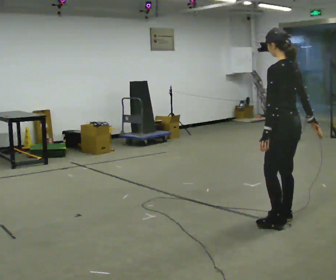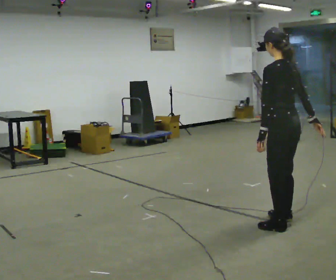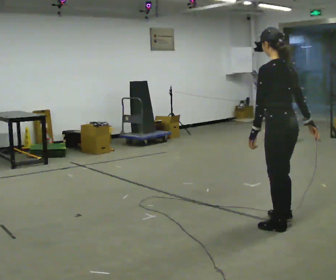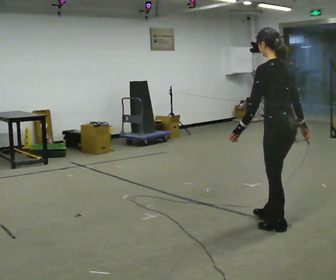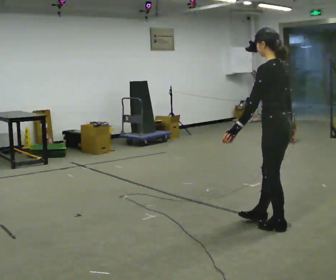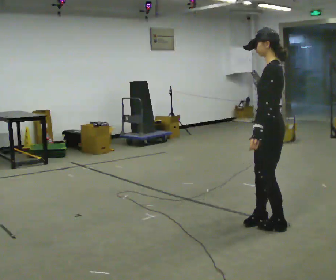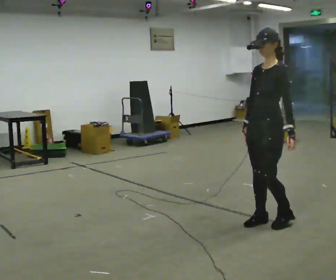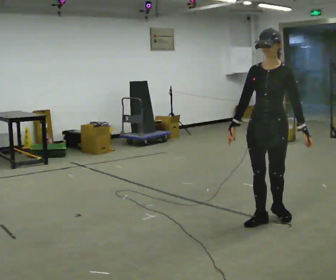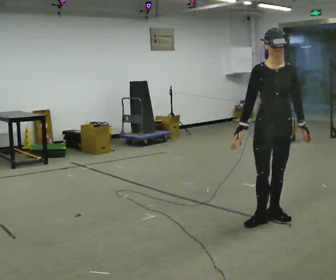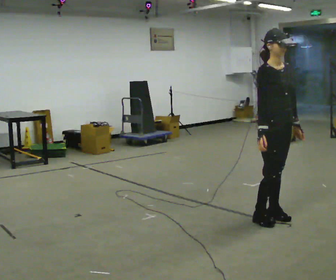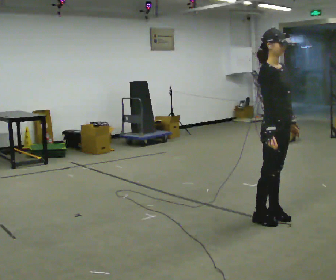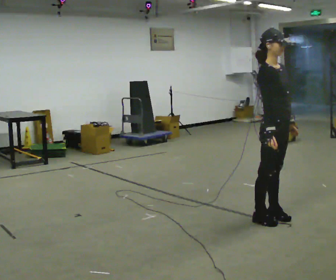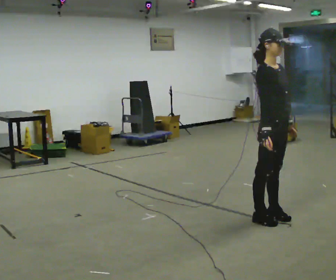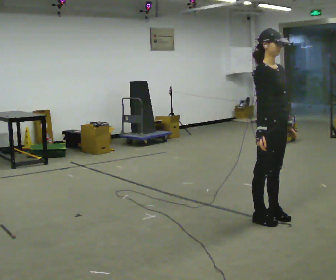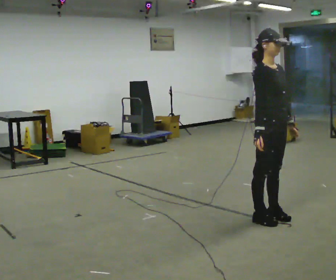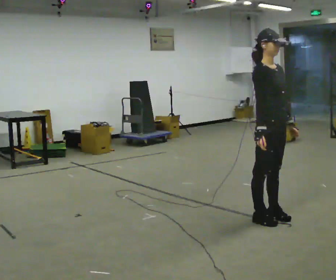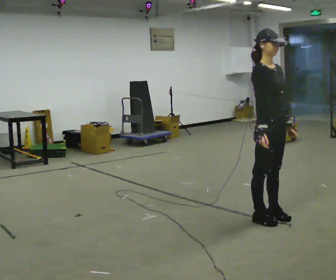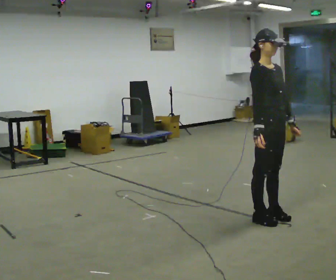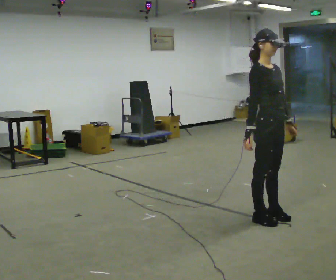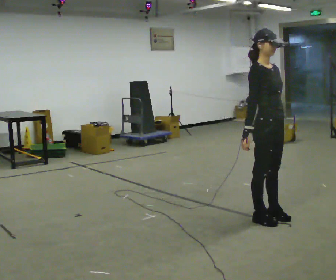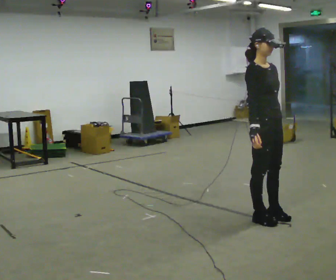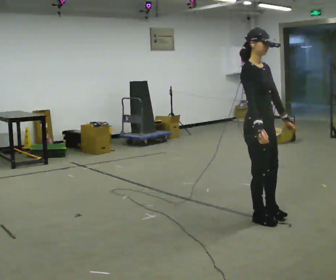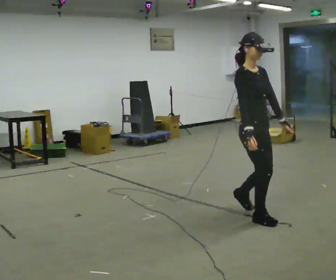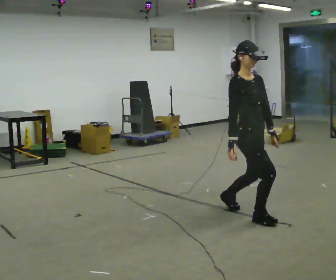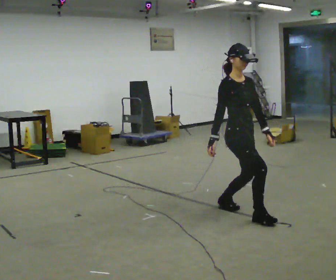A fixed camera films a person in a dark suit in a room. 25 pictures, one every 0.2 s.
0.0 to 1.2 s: The person turns about 75 degrees to their left, counterclockwise seen from above, so the part of the body nearest the lens slides to the right. In the picture they go to the left, about 0.25 m in 2 steps. In the picture their right hand goes to the left, the arm swinging clockwise.
1.2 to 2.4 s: The part of the body nearest the lens slides to the right as the person turns to their left by about 120 degrees.
2.4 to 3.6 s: The person moves a little, or ends about where they began.
3.6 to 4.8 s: In the picture they go to the left and away from the camera, about 0.25 m in 1 step, which for them is backward.
The film runs backward here.
